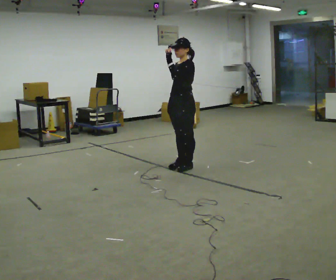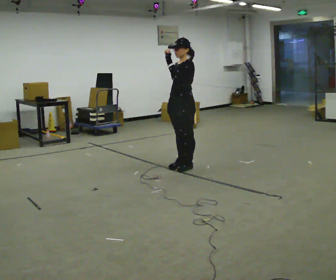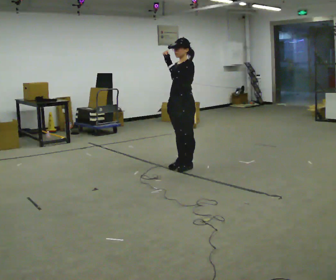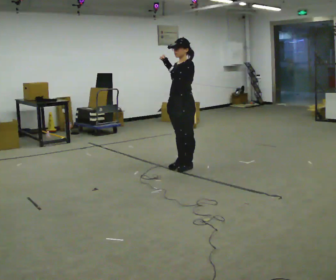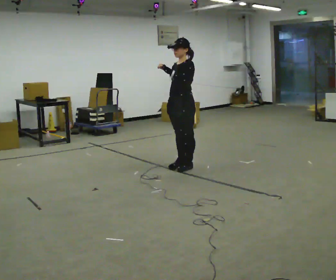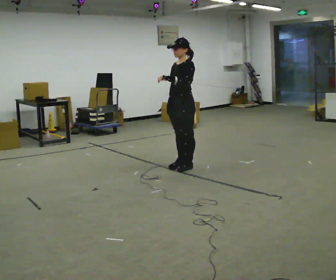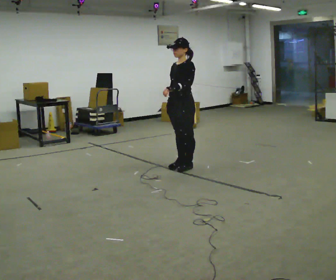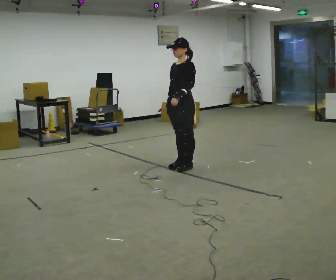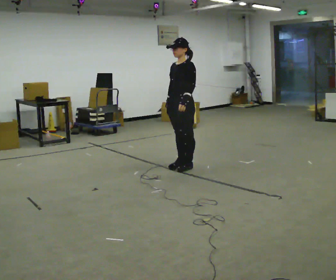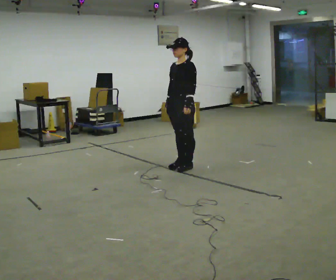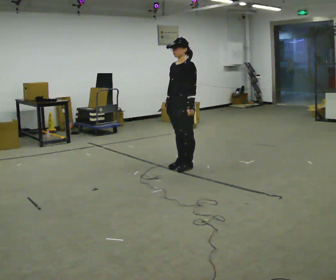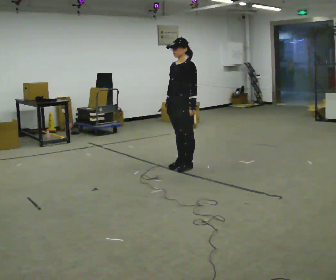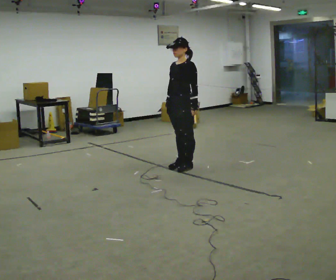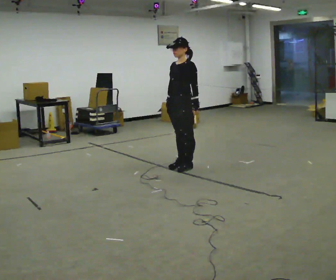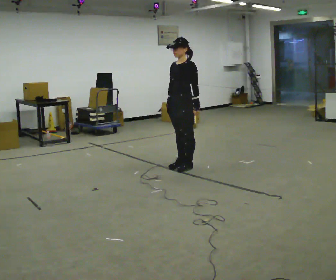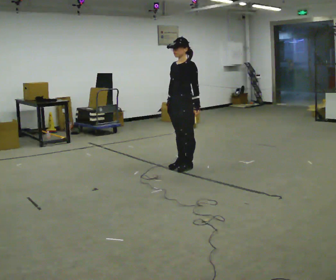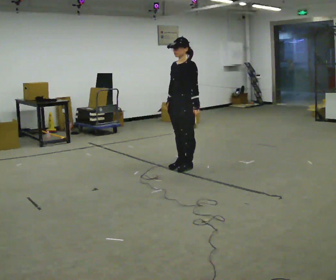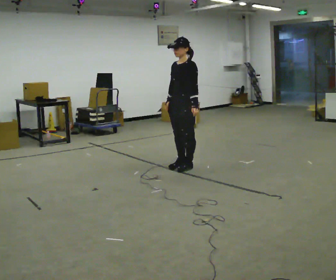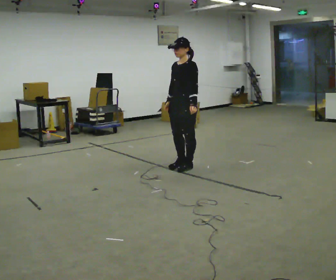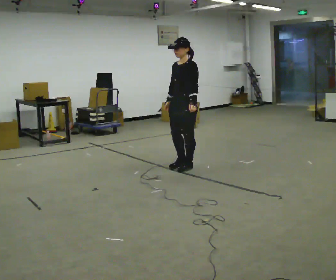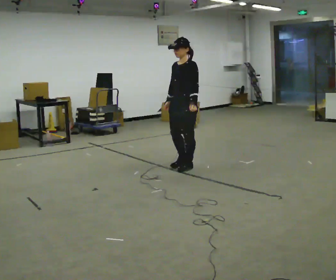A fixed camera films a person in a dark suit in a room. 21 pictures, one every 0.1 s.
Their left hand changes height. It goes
downward.
0.0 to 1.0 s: In the picture their left hand goes downward.
1.0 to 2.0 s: The person moves a little, or ends about where they began.
The film runs backward here.
